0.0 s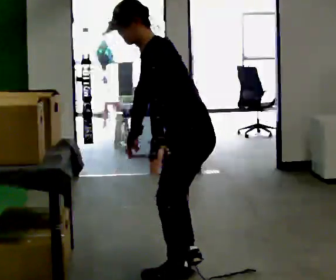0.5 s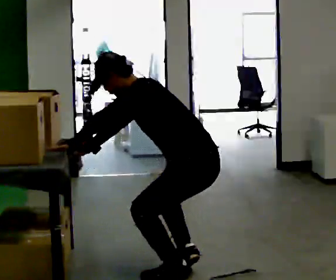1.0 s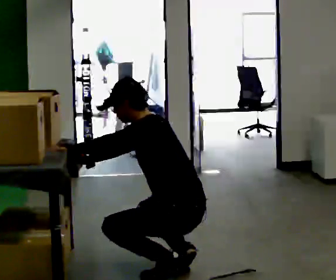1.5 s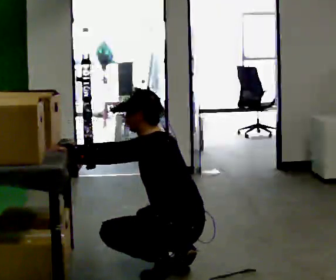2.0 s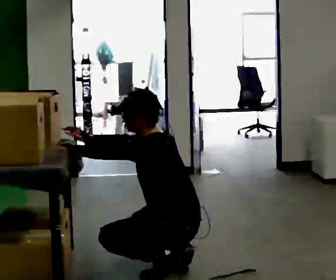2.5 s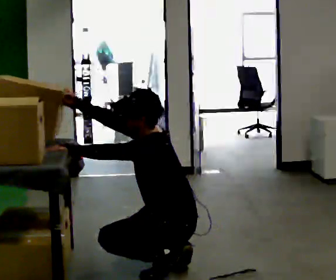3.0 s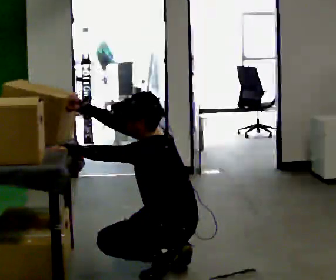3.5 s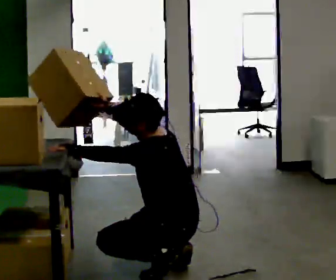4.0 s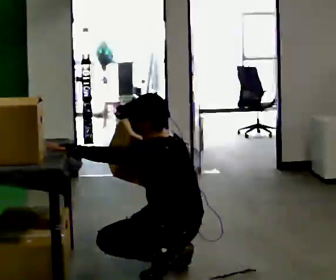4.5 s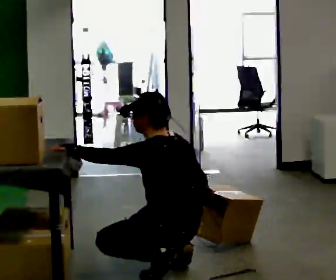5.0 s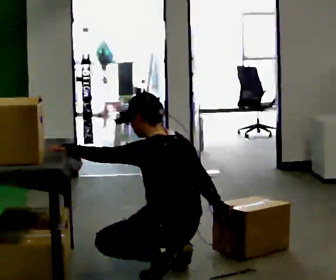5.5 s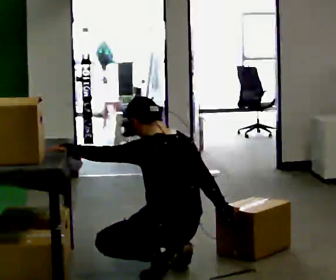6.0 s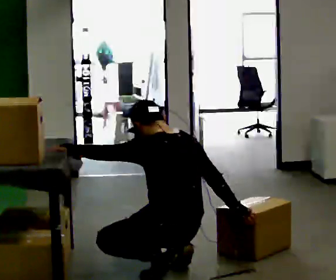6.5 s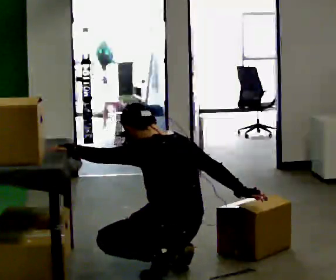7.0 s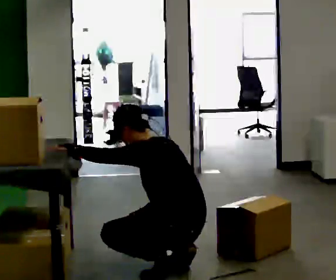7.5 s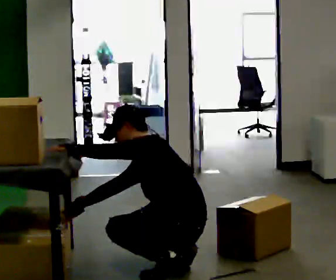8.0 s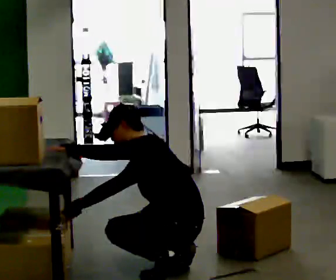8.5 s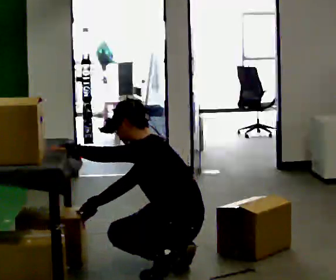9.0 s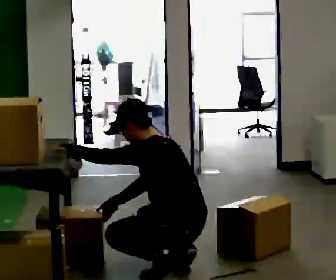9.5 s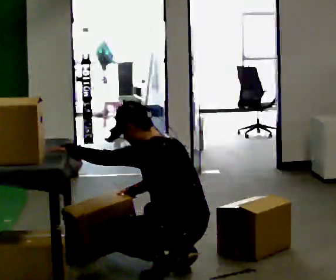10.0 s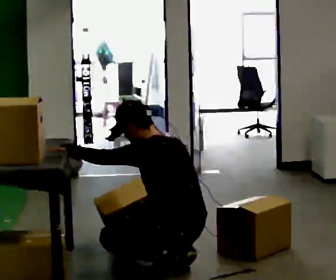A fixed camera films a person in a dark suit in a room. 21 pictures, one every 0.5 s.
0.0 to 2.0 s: Seen from above the body turns clockwise, about 30 degrees: to their right, with its near side sliding to the left. The shoulders move downward. In the picture their left hand goes to the left, the arm swinging clockwise.
2.0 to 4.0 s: In the picture their right hand goes to the right.
4.0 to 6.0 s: In the picture their right hand goes to the right and downward.
6.0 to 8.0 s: In the picture the upper body tilts counterclockwise, shoulders to the left, as they bend forward. In the picture their right hand goes to the left, the arm swinging clockwise.
8.0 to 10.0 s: The person turns about 30 degrees to their right, clockwise seen from above, so the part of the body nearest the lens slides to the left. In the picture the upper body tilts clockwise, shoulders to the right, as they lean back or straighten. In the picture their right hand goes to the right.
The film runs backward here.
